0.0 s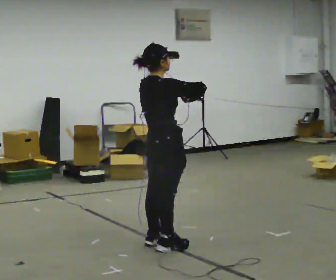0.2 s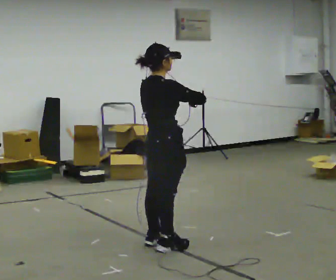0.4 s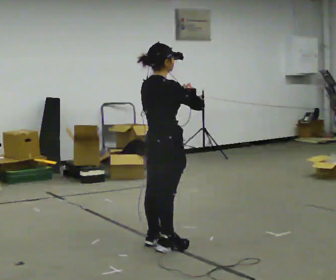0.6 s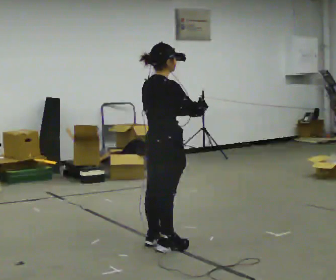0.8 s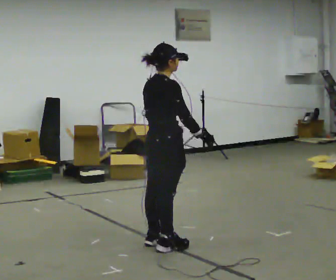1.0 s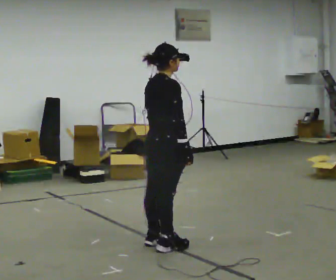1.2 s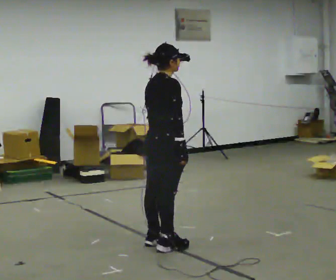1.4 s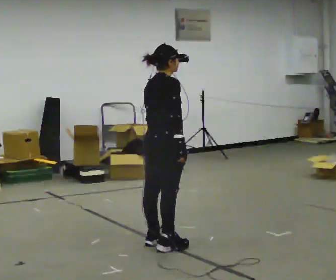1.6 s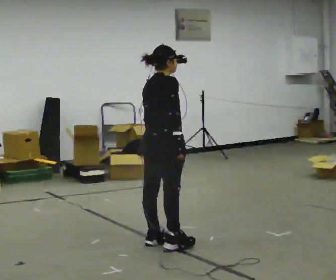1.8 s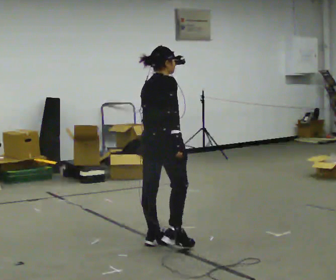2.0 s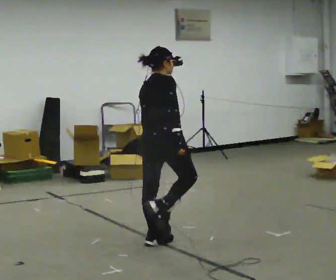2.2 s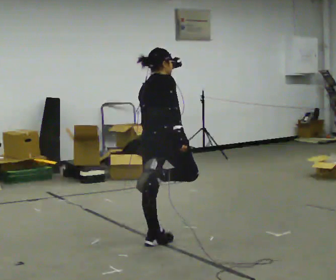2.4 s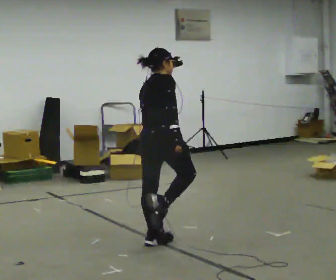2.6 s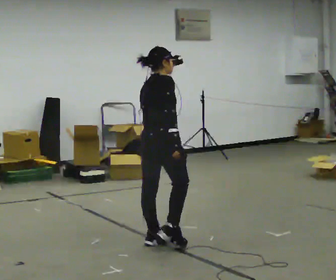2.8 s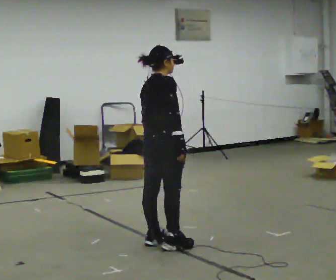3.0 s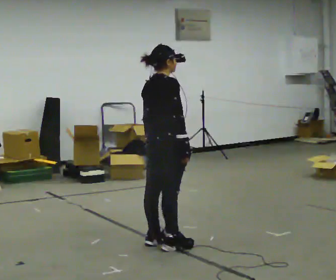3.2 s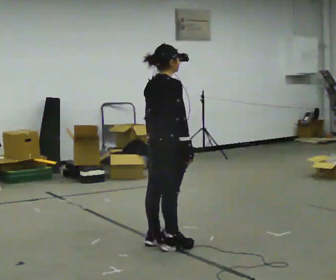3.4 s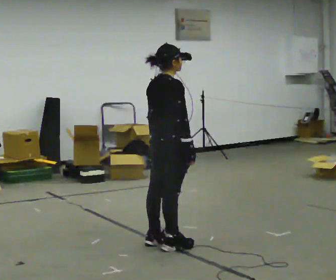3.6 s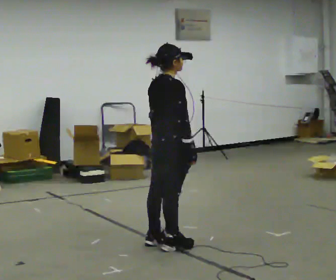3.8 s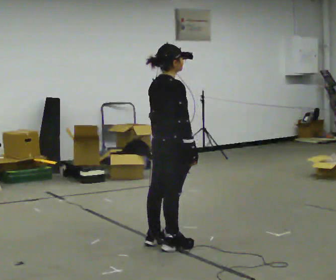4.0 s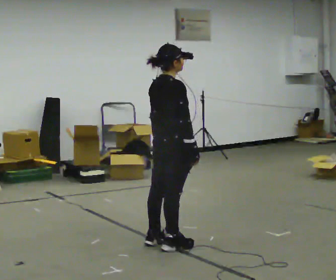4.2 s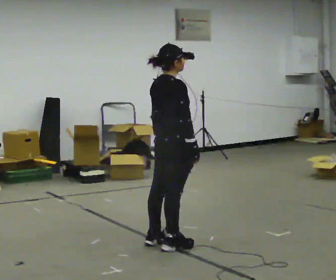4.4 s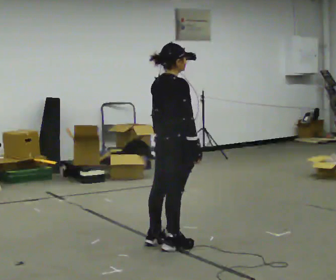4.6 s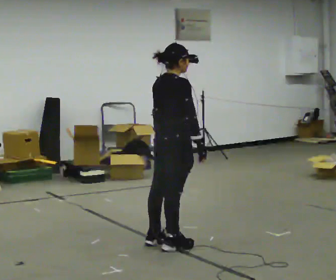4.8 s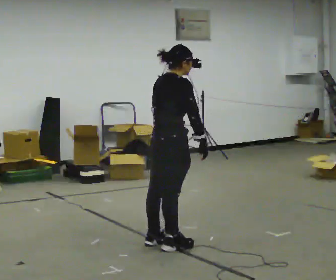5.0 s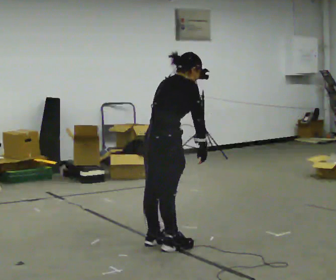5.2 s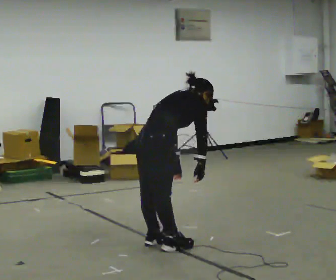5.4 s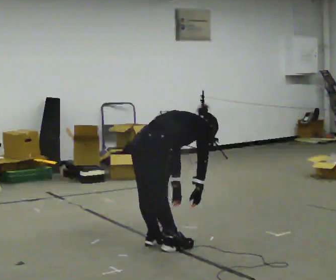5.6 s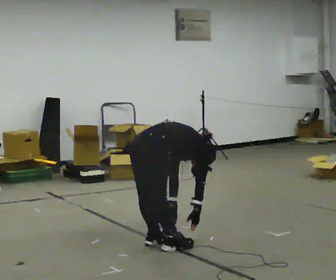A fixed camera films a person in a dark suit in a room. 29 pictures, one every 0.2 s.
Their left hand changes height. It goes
downward.
The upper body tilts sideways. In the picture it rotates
clockwise.
0.0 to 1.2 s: In the picture their right hand goes downward.
1.2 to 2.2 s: The upper body tips away from the camera, its near side rolling upward.
2.2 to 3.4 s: The upper body tips toward the camera, its near side rolling downward.
3.4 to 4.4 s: The person moves a little, or ends about where they began.
4.4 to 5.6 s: In the picture they go to the left, about 0.25 m, which for them is backward. The upper body goes downward. In the picture the upper body tilts clockwise, shoulders to the right, as they bend forward. In the picture their right hand goes downward.
The film runs backward here.
